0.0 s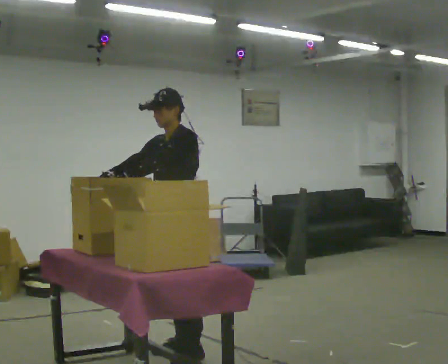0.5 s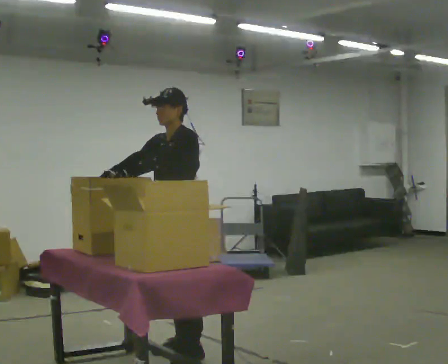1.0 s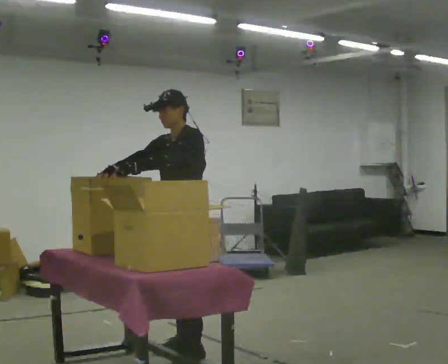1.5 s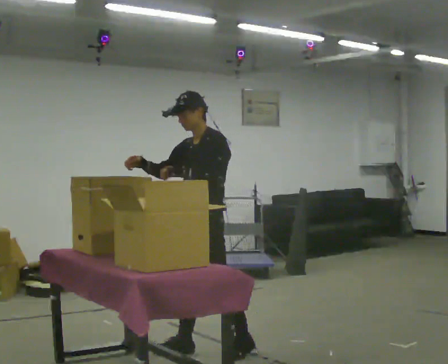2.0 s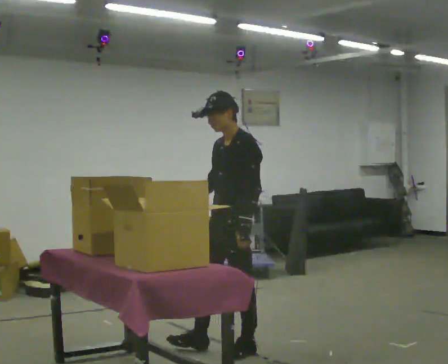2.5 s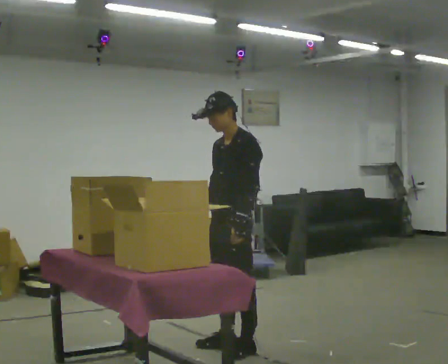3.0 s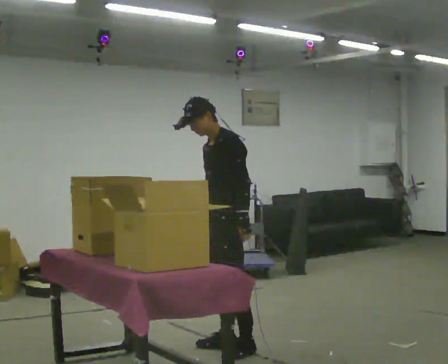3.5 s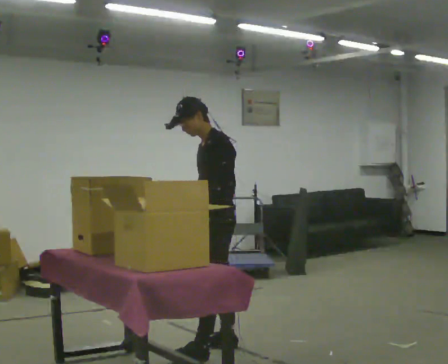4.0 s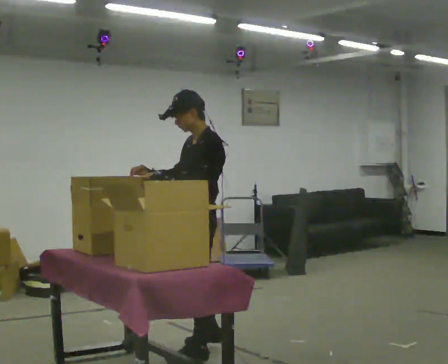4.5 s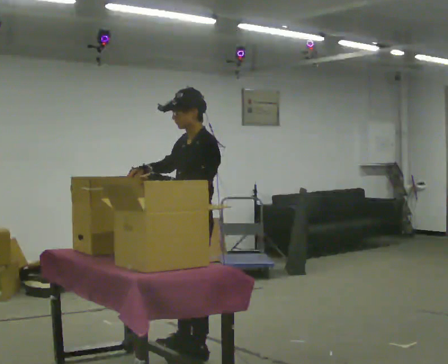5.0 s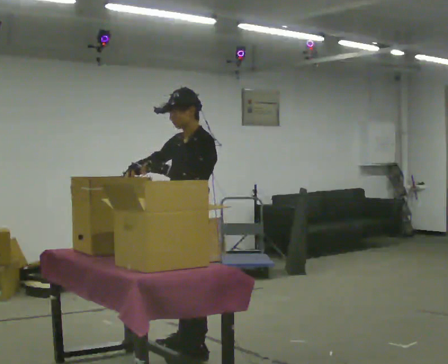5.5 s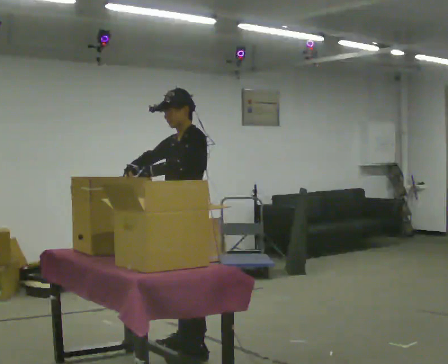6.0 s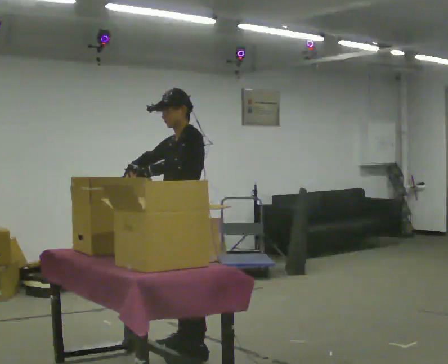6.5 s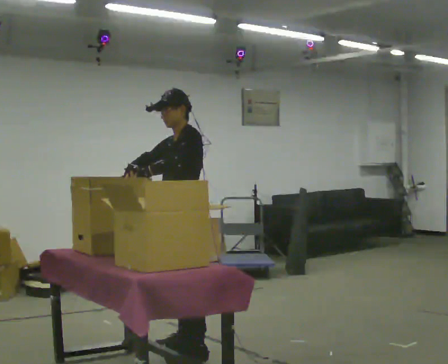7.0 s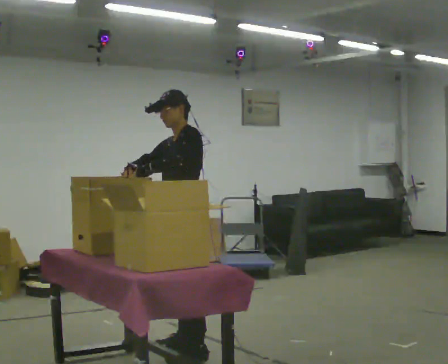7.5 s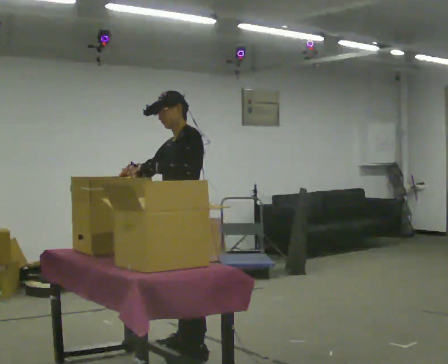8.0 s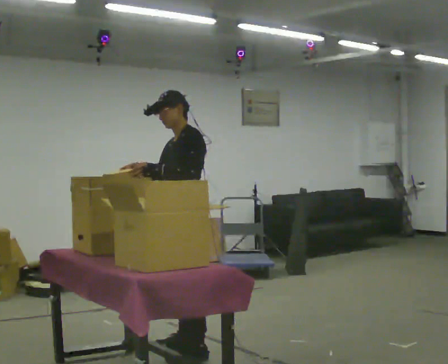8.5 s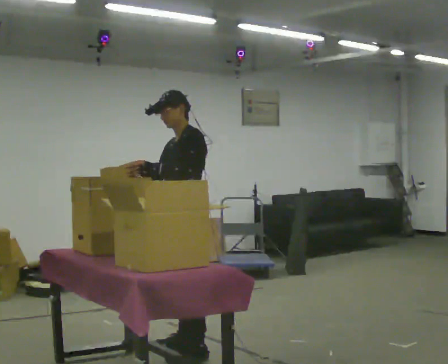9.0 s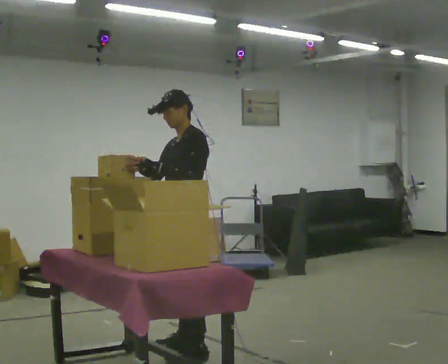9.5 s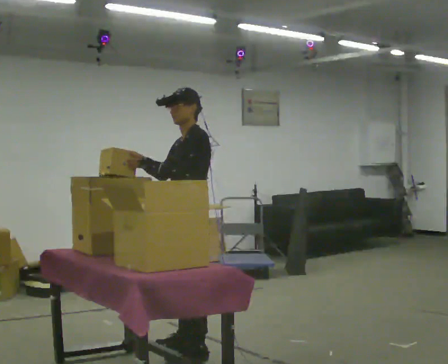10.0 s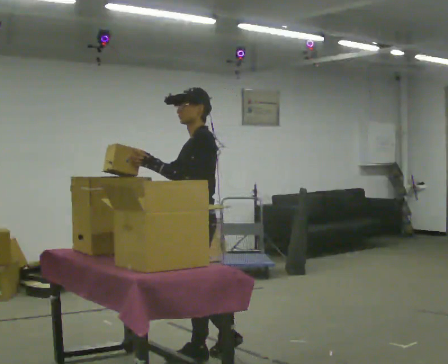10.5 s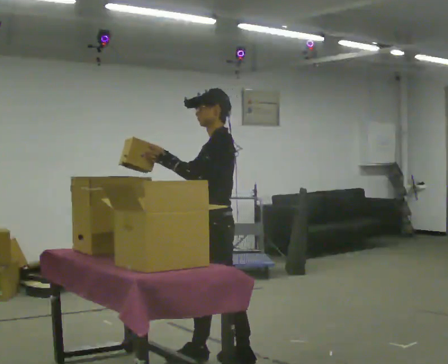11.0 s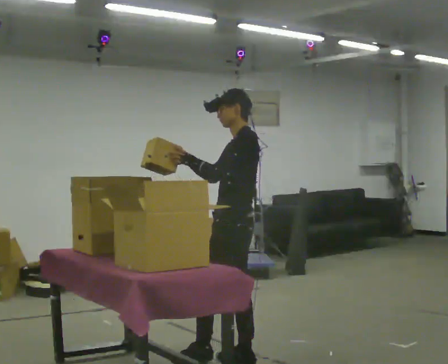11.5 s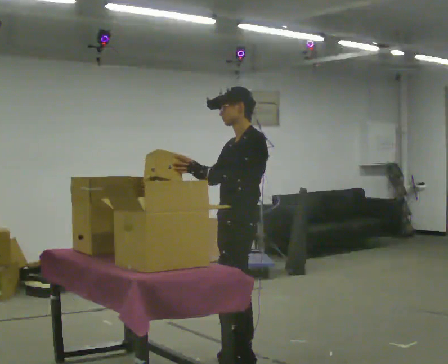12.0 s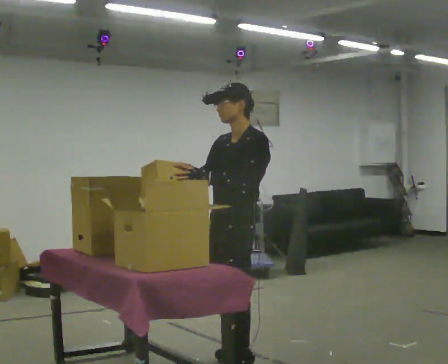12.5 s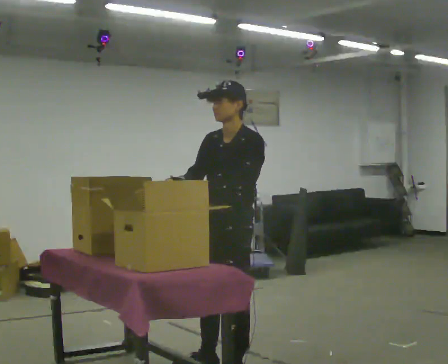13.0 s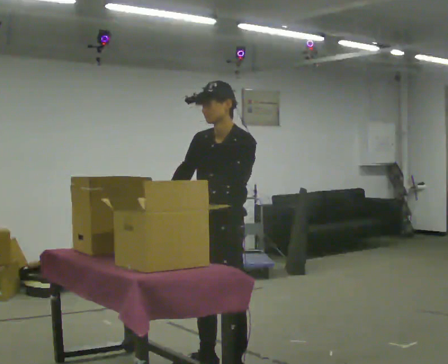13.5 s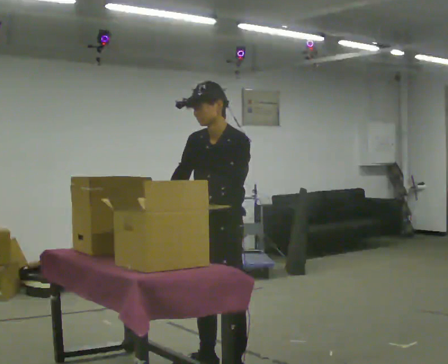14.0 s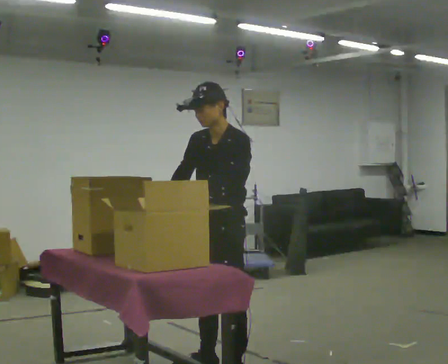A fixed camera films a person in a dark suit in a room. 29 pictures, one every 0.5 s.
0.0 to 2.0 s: In the picture they go to the right, about 0.25 m in 2 steps, which for them is backward and to their left.
2.0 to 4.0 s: In the picture they go to the left, about 0.25 m in 2 steps, which for them is forward. In the picture their left hand goes to the left.
4.0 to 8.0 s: The person moves a little, or ends about where they began.
8.0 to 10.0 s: In the picture they go toward the camera, about 0.25 m in 1 step, which for them is to their left.
10.0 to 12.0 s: The part of the body nearest the lens slides to the right as the person turns to their left by about 30 degrees. In the picture they go toward the camera and to the right, about 0.25 m in 1 step, which for them is backward and to their left.
12.0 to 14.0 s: The person moves a little, or ends about where they began.
The film runs backward here.
